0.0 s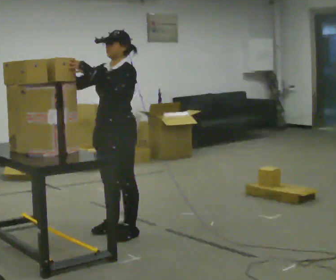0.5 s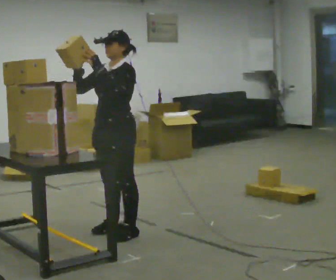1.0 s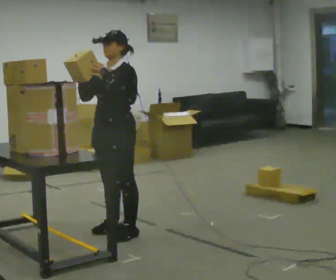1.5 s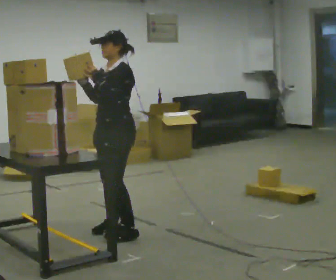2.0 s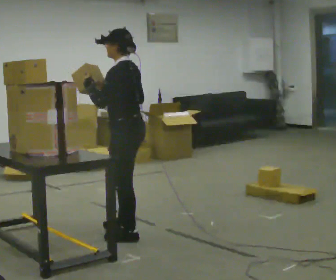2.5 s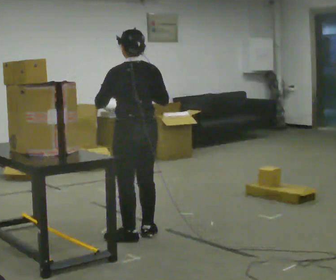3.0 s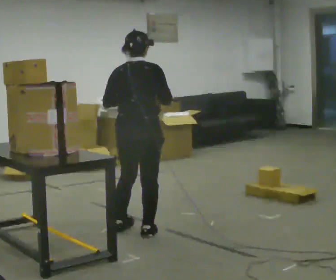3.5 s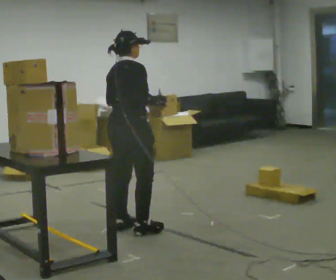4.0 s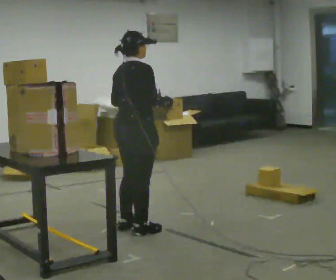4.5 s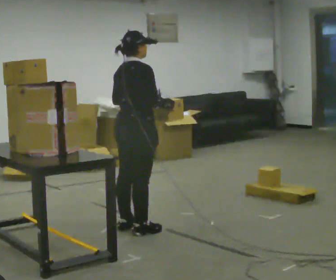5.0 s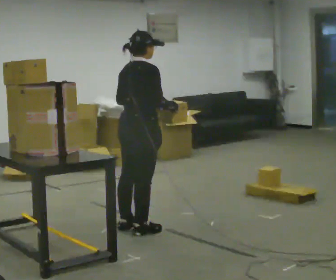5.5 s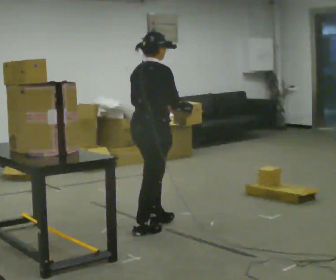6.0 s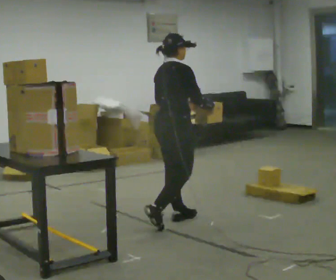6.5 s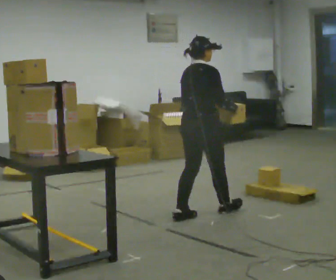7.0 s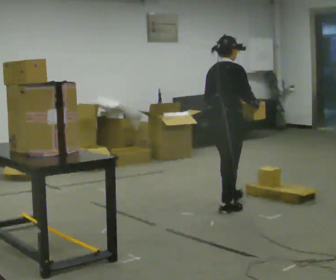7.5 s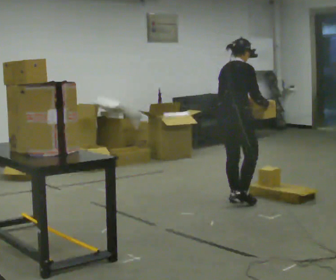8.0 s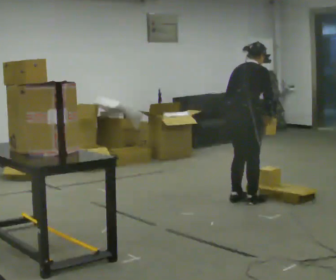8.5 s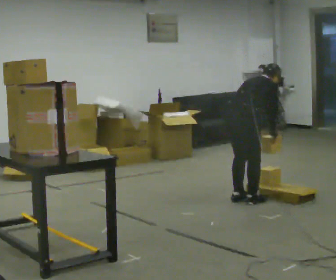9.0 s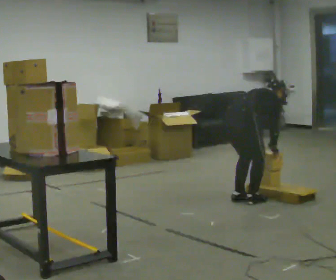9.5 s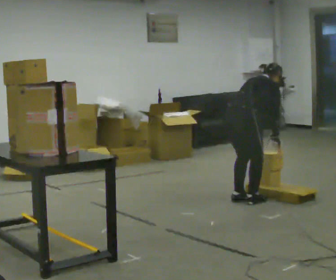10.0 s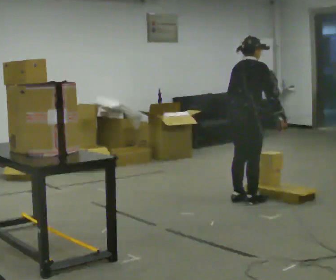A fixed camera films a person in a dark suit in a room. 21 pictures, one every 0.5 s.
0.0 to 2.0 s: Seen from above the body turns clockwise, about 60 degrees: to their right, with its near side sliding to the left. In the picture their right hand goes to the right.
2.0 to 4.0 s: The person turns about 120 degrees to their right, clockwise seen from above, so the part of the body nearest the lens slides to the left. In the picture they go away from the camera, about 0.25 m in 2 steps. In the picture their right hand goes to the right.
4.0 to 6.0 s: In the picture they go to the right and away from the camera, about 0.5 m in 1 step, which for them is forward.
6.0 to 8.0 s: In the picture they go to the right and away from the camera, about 1 m in 3 steps, which for them is forward. In the picture the upper body tilts clockwise, shoulders to the right, as they bend forward.
8.0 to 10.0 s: The person moves a little, or ends about where they began.
The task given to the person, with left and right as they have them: Take an object from the lowest shelf, carry it across the room, and place it on the highest shelf you can comfortably reach. Keep going until the operator says stop; one object at a time, and do not rush between trips.
The film runs forward here.
